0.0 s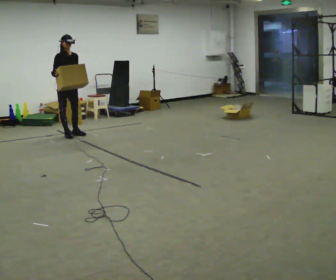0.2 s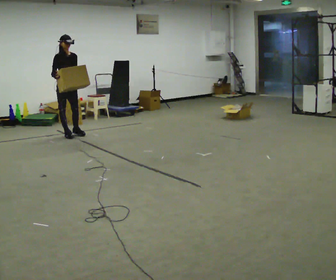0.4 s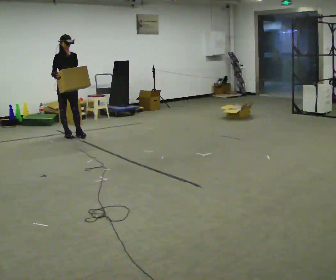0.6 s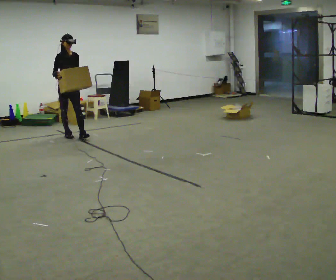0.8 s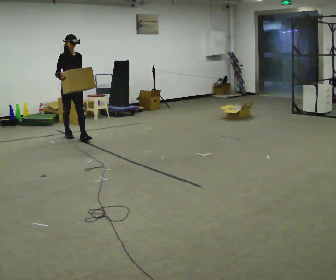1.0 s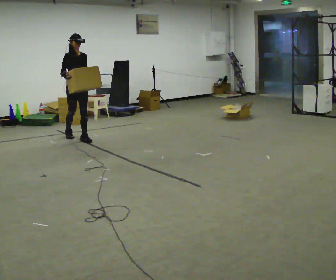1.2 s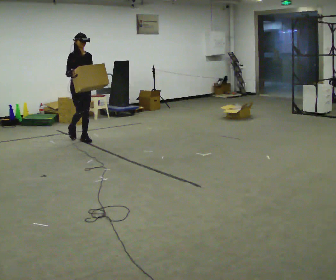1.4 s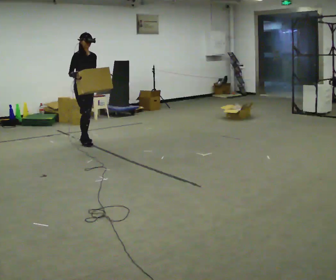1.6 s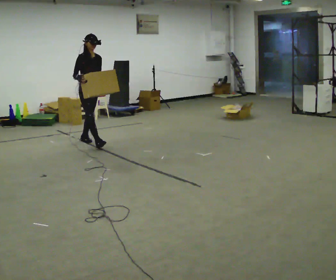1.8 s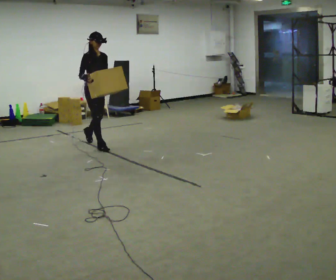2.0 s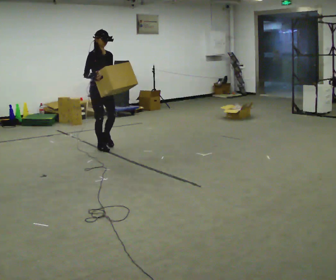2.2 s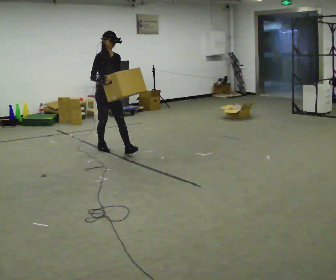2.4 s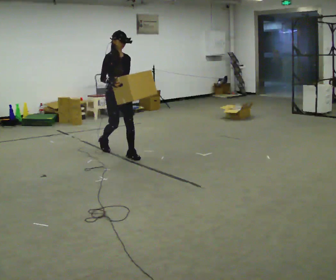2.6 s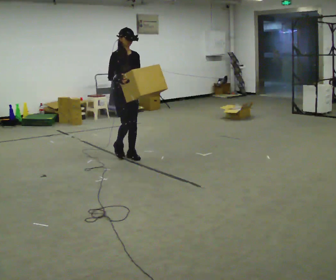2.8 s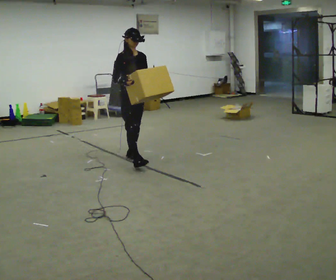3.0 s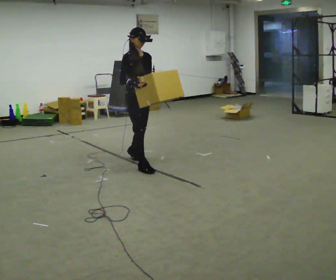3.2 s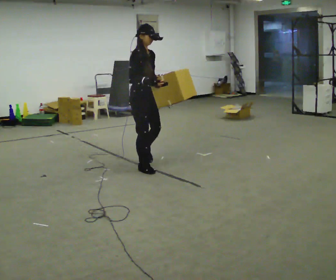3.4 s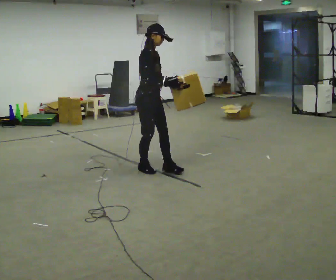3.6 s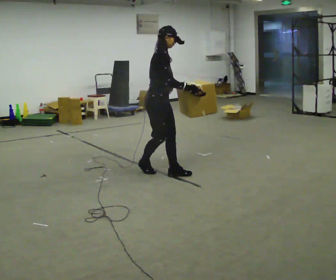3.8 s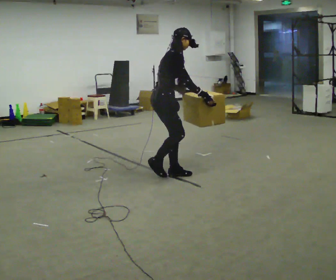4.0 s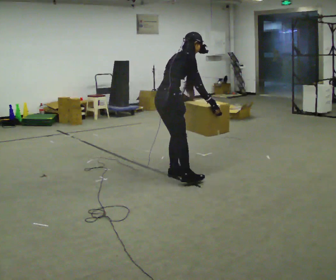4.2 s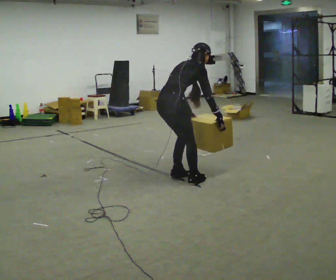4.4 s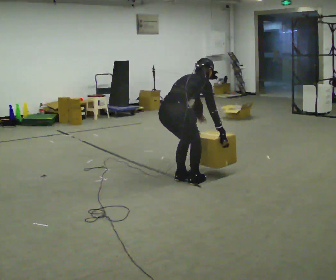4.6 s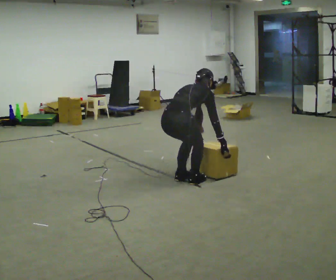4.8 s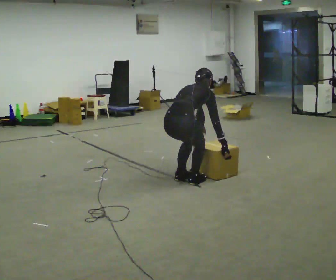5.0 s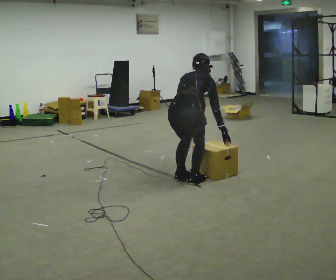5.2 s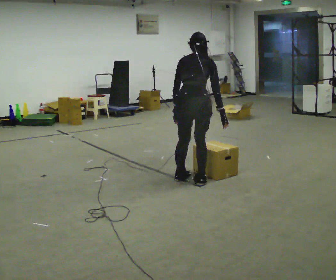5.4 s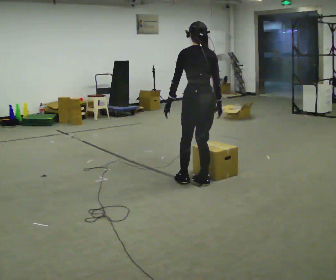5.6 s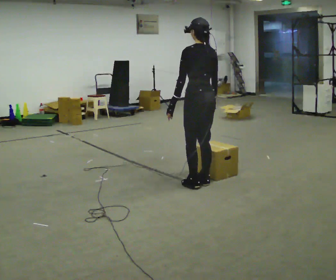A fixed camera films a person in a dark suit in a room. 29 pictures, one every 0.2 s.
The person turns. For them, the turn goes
to their left.
The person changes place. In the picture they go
toward the camera.
0.0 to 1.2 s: In the picture they go toward the camera and to the right, about 0.5 m in 1 step, which for them is forward.
1.2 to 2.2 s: In the picture they go toward the camera and to the right, about 1 m in 1 step, which for them is forward.
2.2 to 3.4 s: The part of the body nearest the lens slides to the right as the person turns to their left by about 30 degrees. In the picture they go toward the camera and to the right, about 1 m in 2 steps, which for them is forward.
3.4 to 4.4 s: The part of the body nearest the lens slides to the right as the person turns to their left by about 75 degrees. In the picture they go toward the camera, about 0.5 m in 3 steps. The upper body goes downward. In the picture the upper body tilts clockwise, shoulders to the right, as they bend forward. In the picture their left hand goes downward.
4.4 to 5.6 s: The person turns about 75 degrees to their left, counterclockwise seen from above, so the part of the body nearest the lens slides to the right. In the picture they go to the right, about 0.25 m in 1 step. In the picture the upper body tilts counterclockwise, shoulders to the left, as they lean back or straighten. In the picture their left hand goes upward.
The film runs forward here.
